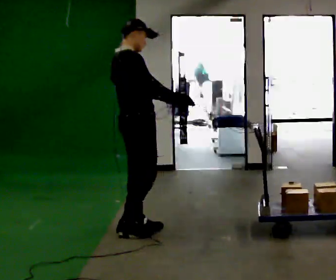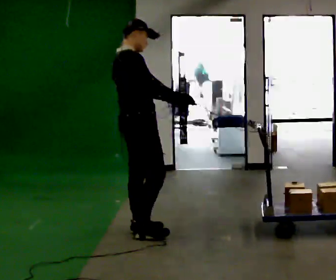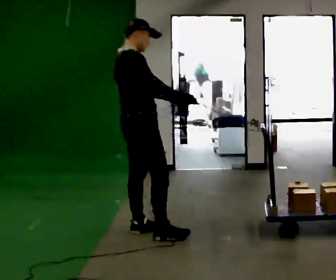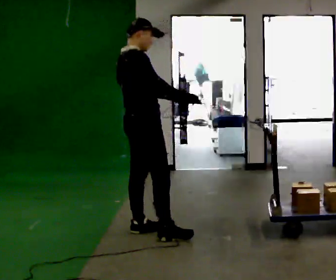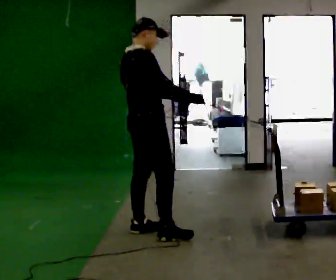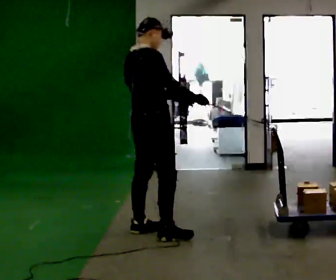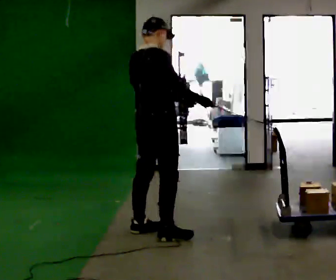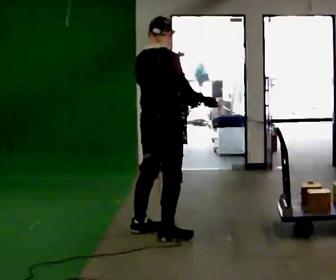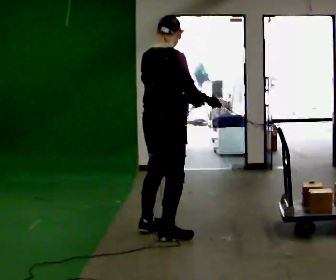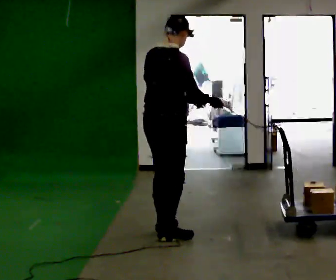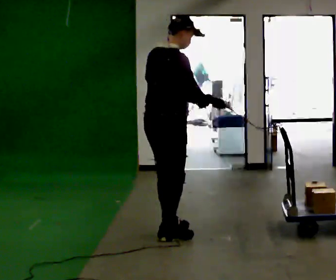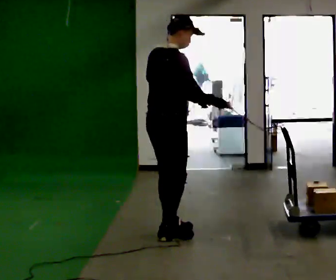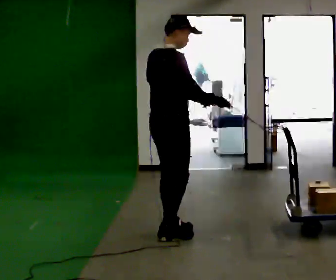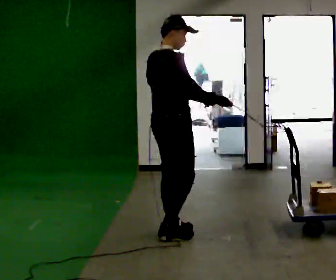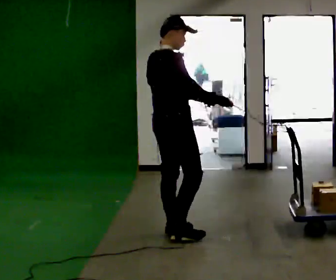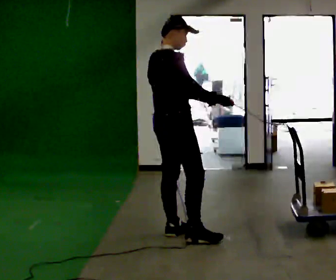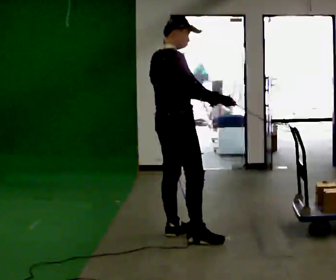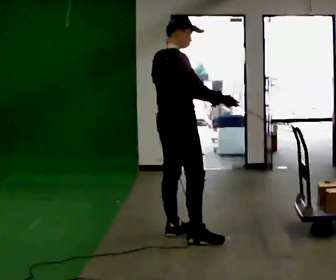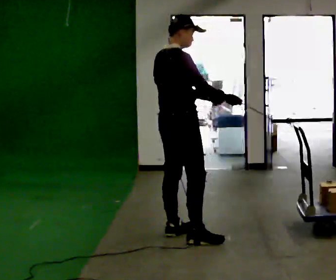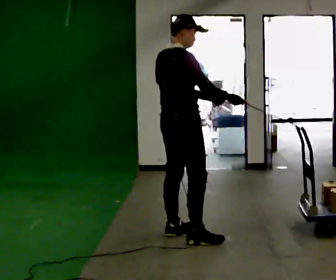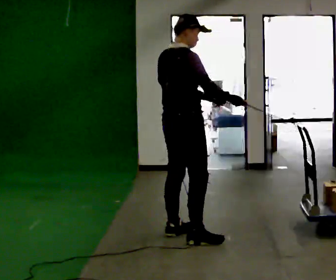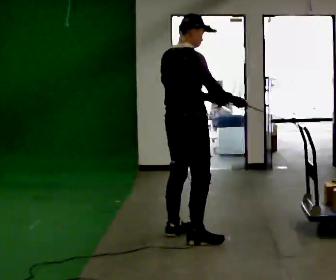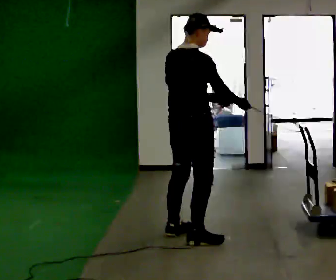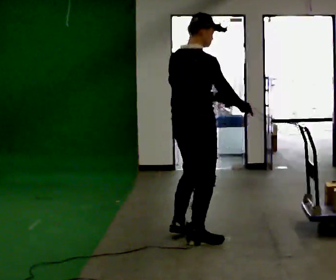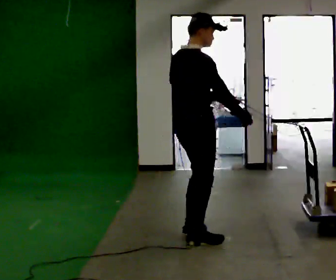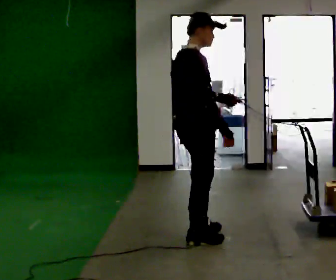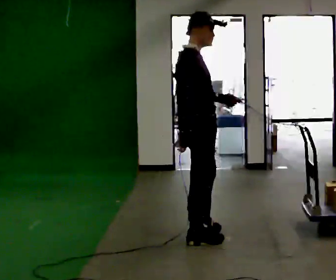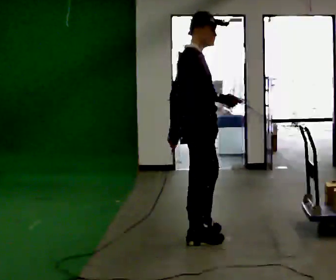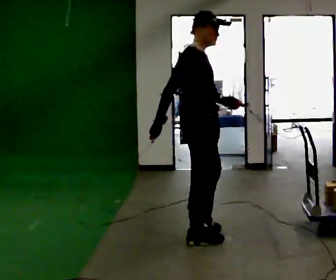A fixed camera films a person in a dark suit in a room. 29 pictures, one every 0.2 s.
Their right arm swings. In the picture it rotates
clockwise.
0.0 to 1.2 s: In the picture they go to the right, about 0.25 m in 1 step, which for them is to their right.
1.2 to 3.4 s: In the picture they go to the right, about 0.25 m in 2 steps, which for them is forward.
3.4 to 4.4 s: In the picture they go toward the camera, about 0.25 m, which for them is to their right.
4.4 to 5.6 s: Seen from above the body turns clockwise, about 45 degrees: to their right, with its near side sliding to the left. In the picture their right hand goes to the left, the arm swinging clockwise.
The film runs backward here.
